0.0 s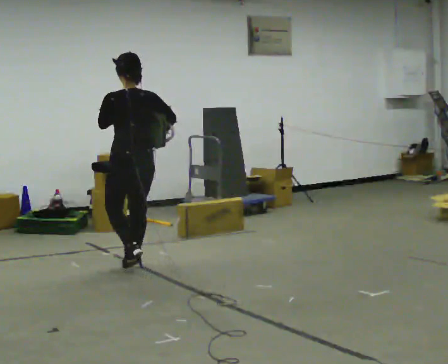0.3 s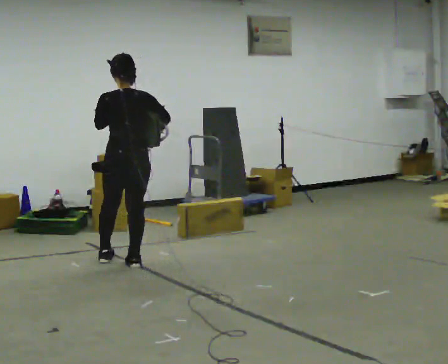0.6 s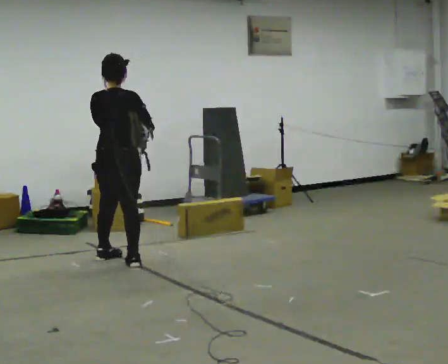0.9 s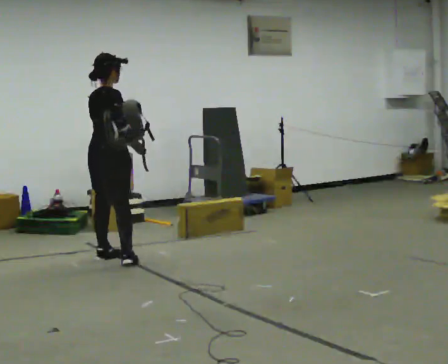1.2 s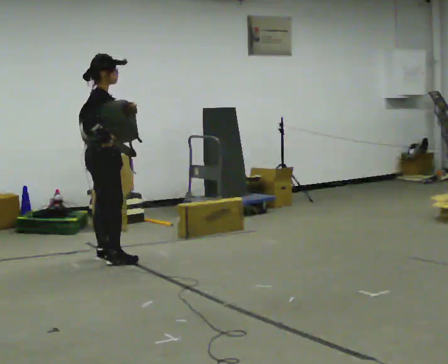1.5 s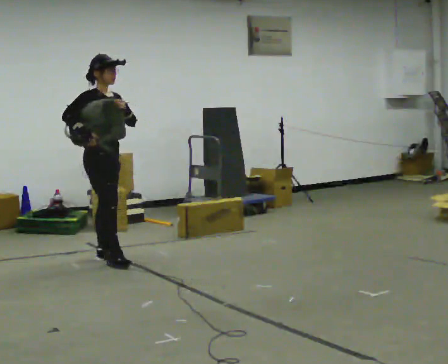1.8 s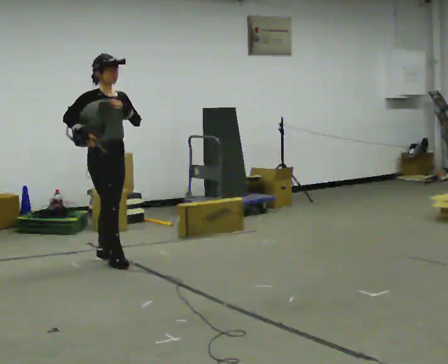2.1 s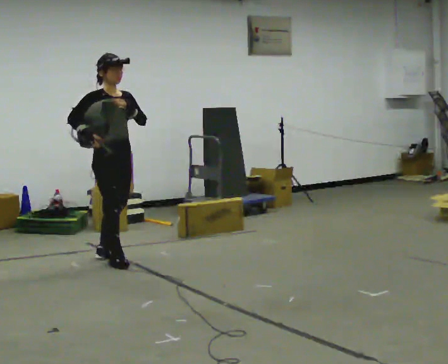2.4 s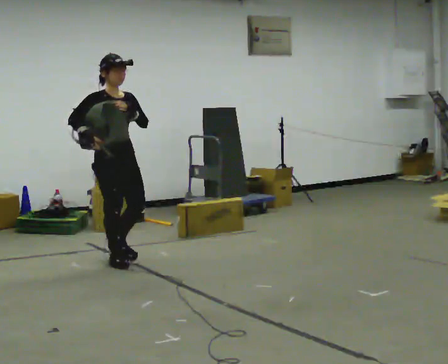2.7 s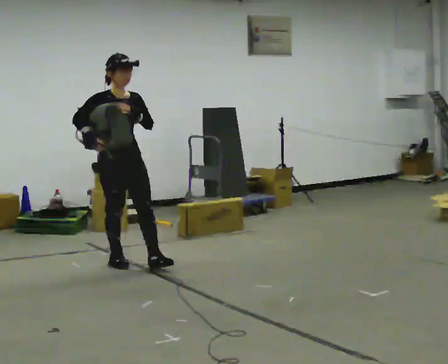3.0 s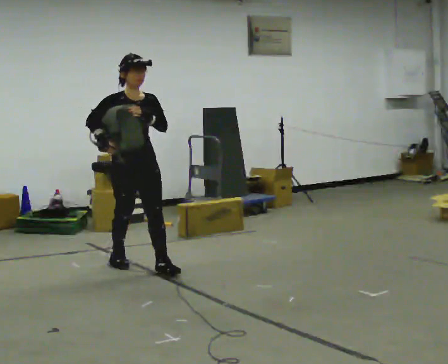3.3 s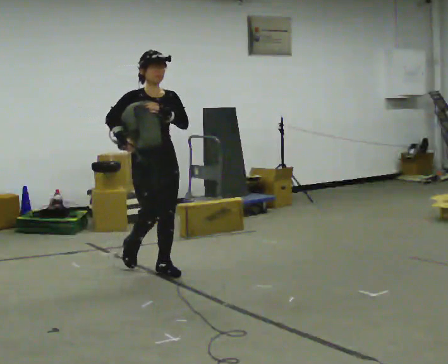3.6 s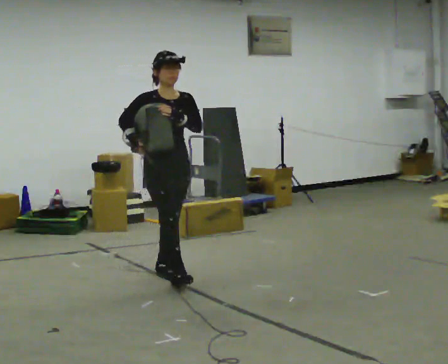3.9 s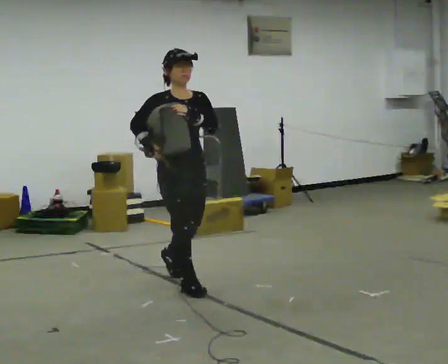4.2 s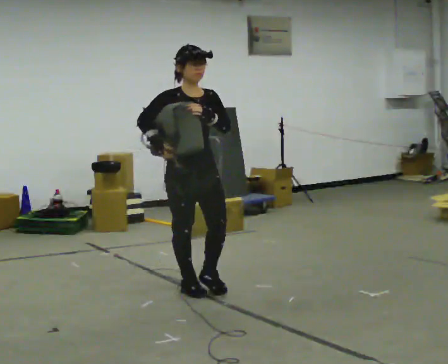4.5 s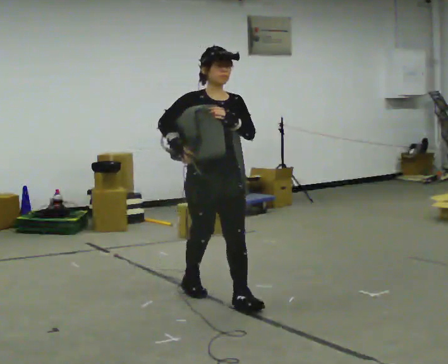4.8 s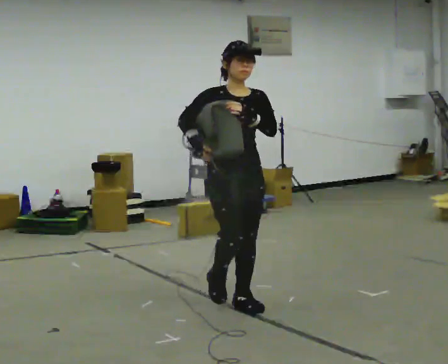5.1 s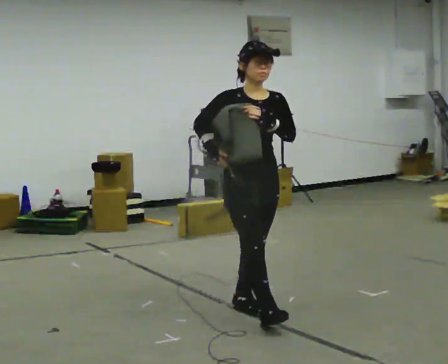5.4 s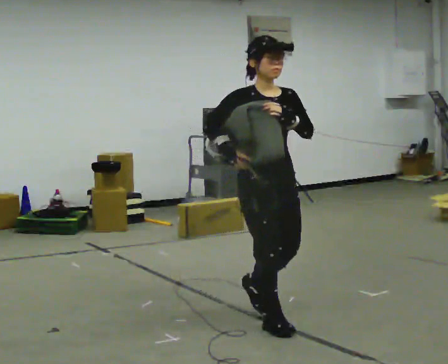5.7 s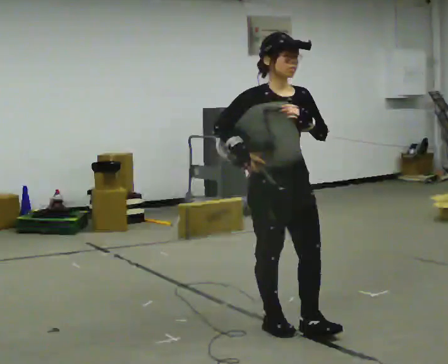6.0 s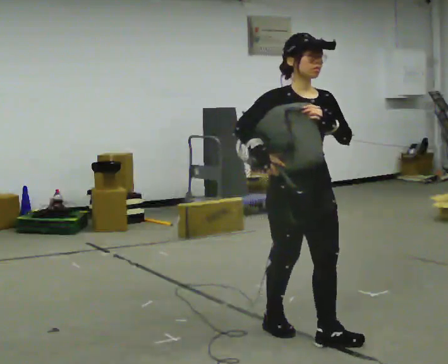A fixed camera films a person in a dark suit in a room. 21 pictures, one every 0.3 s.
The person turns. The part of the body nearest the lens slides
to the left.
The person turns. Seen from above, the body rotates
clockwise.
0.0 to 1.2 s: The person turns about 120 degrees to their right, clockwise seen from above, so the part of the body nearest the lens slides to the left. In the picture they go to the left and away from the camera, about 0.5 m in 2 steps.
1.2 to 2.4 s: The person turns about 45 degrees to their right, clockwise seen from above, so the part of the body nearest the lens slides to the left. In the picture they go toward the camera, about 0.25 m, which for them is forward.
2.4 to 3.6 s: In the picture they go to the right and toward the camera, about 0.5 m in 1 step, which for them is forward.
3.6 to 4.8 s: In the picture they go toward the camera and to the right, about 1 m in 2 steps, which for them is forward.
4.8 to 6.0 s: In the picture they go toward the camera and to the right, about 0.5 m in 2 steps, which for them is forward.
The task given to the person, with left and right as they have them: Put the soft bag up onto your shoulder and carry it across the room, back and forth.
The film runs forward here.
